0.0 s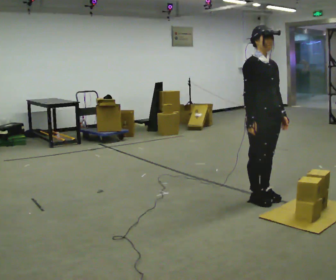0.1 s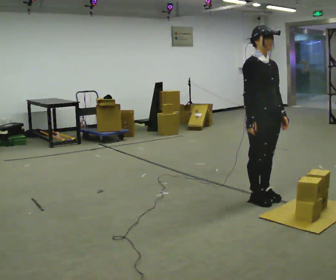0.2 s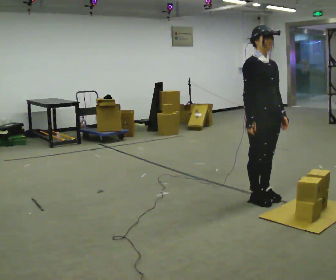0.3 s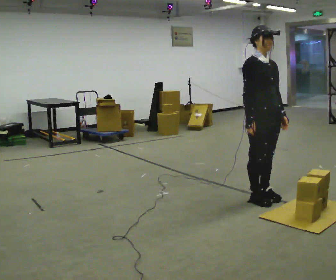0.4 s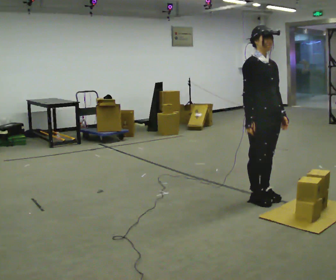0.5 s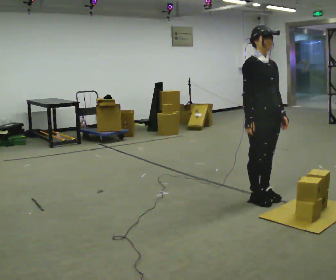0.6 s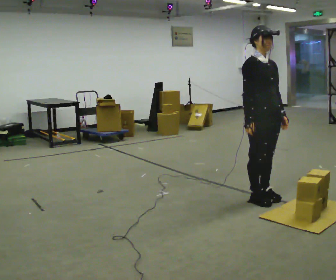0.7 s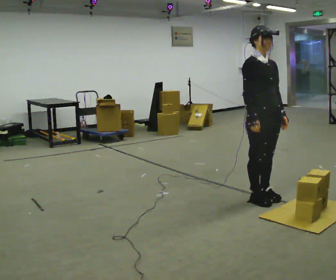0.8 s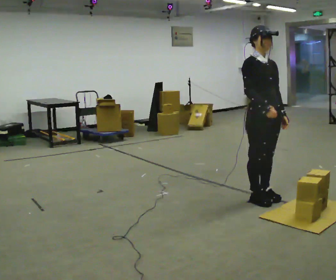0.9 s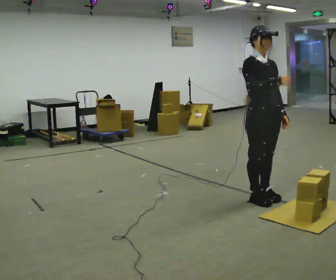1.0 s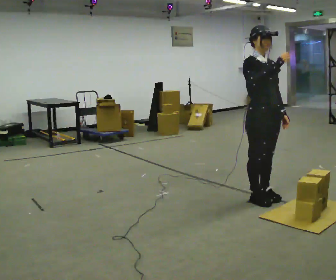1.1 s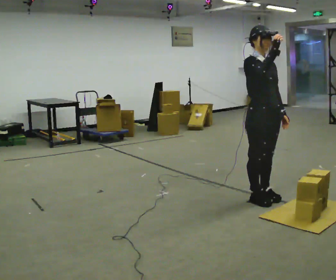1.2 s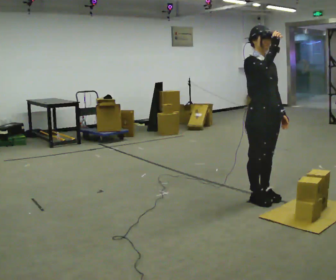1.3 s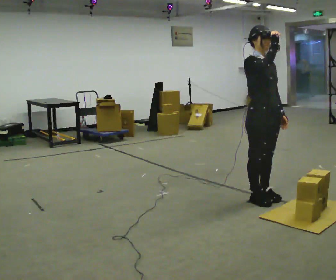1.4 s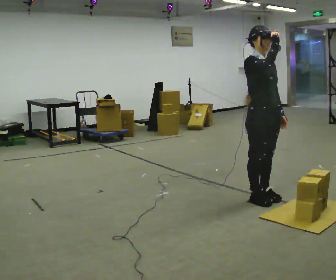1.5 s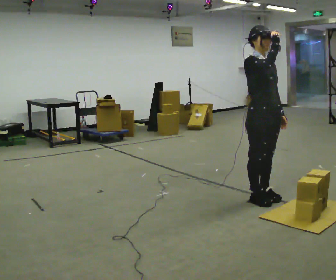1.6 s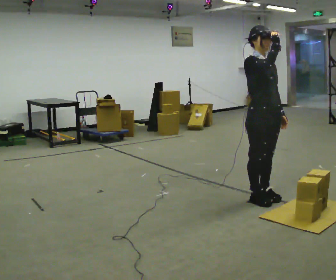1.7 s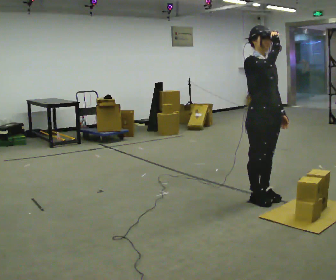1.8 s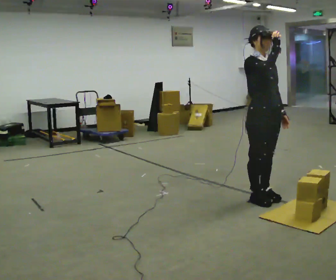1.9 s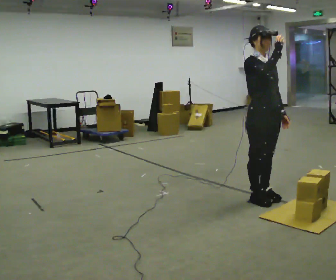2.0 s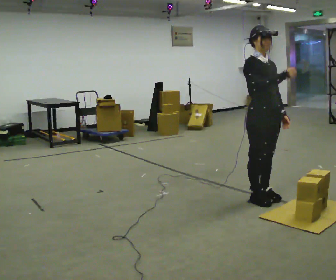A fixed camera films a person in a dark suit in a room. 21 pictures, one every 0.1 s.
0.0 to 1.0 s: In the picture their right hand goes upward.
1.0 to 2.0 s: In the picture their right hand goes downward.
The film runs forward here.
